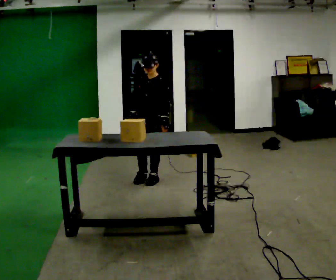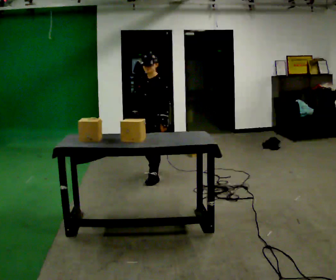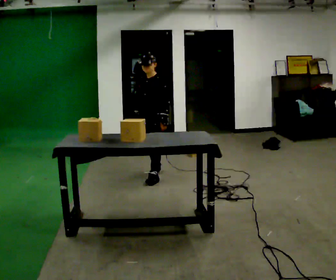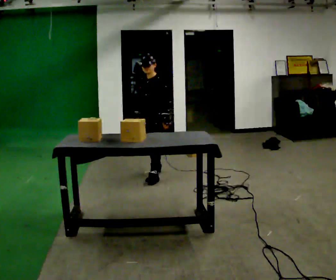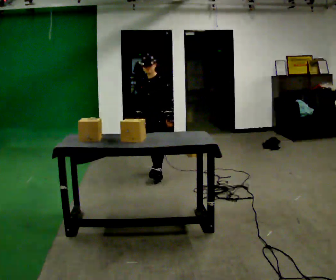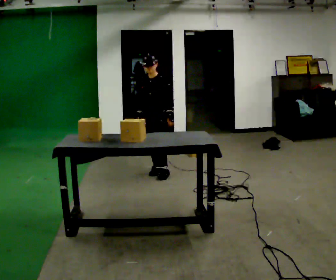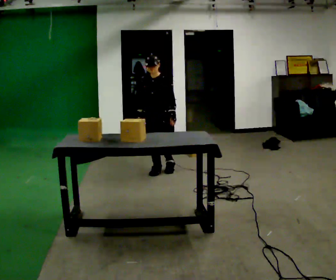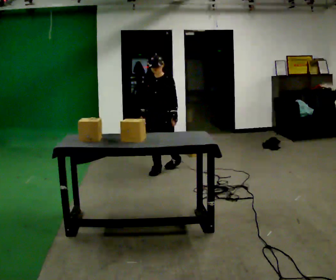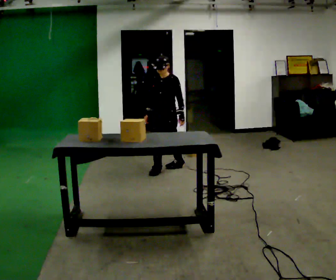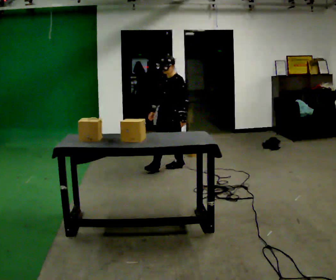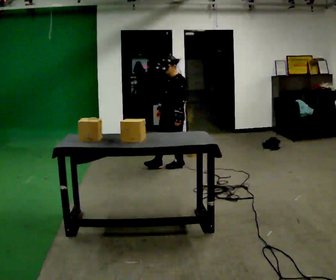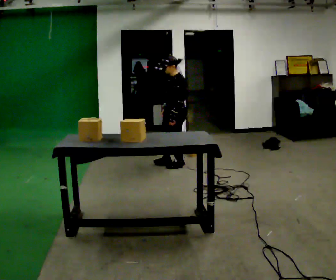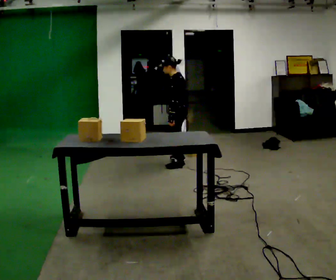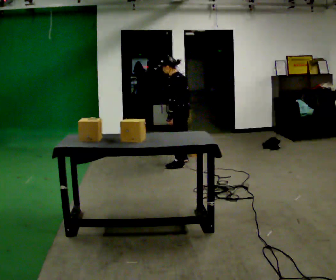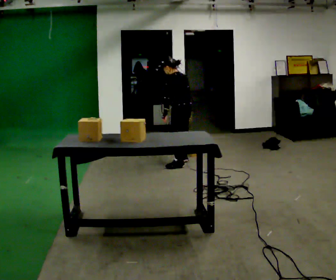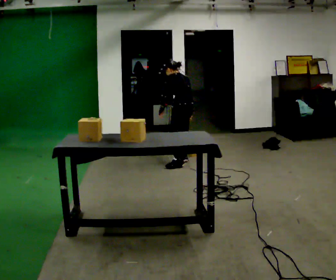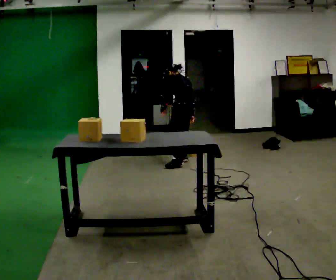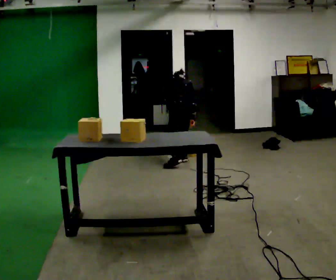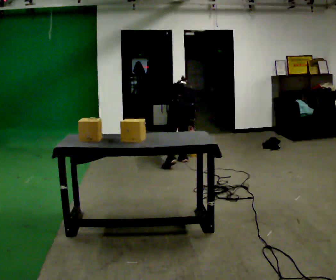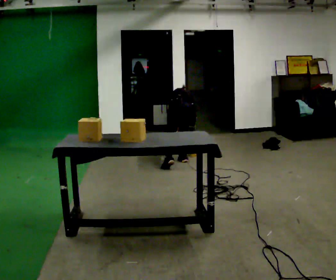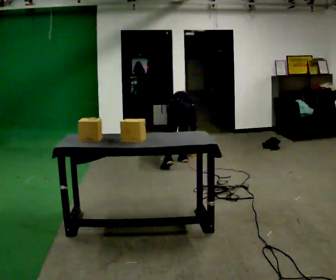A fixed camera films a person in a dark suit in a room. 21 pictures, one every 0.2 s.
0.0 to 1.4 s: In the picture they go away from the camera, about 0.5 m in 1 step, which for them is backward.
1.4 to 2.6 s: Seen from above the body turns clockwise, about 90 degrees: to their right, with its near side sliding to the left. In the picture they go away from the camera and to the right, about 0.5 m in 1 step.
2.6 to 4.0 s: The part of the body nearest the lens slides to the left as the person turns to their right by about 60 degrees. The shoulders move downward. The upper body tips away from the camera, its near side rolling upward, as they bend forward. In the picture their right hand goes downward.
The film runs backward here.
